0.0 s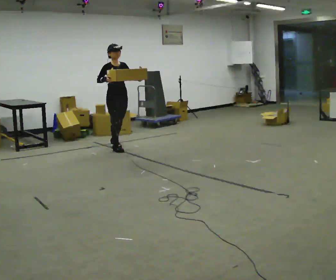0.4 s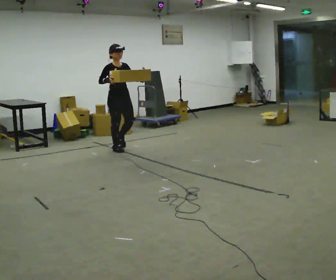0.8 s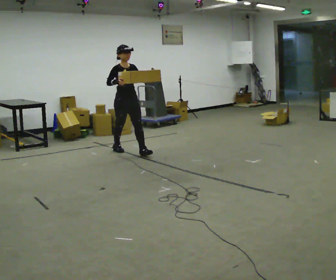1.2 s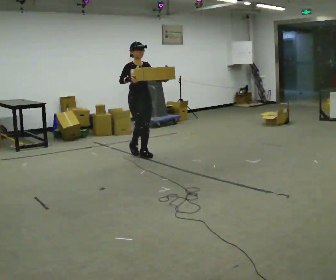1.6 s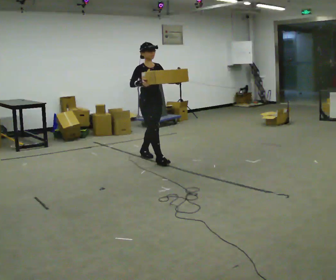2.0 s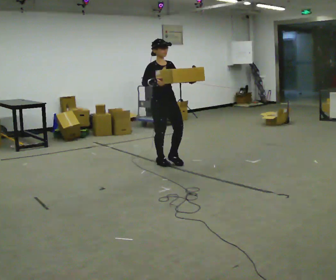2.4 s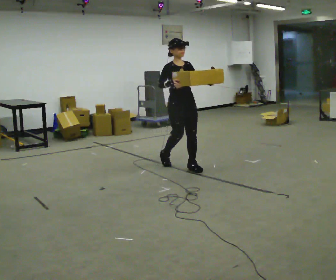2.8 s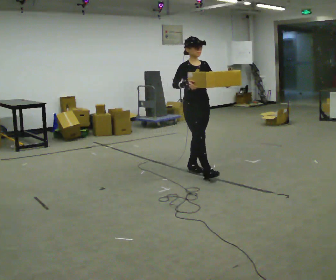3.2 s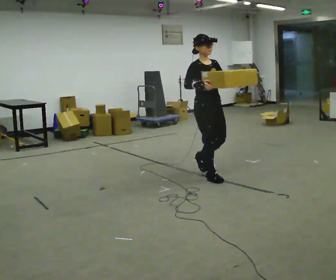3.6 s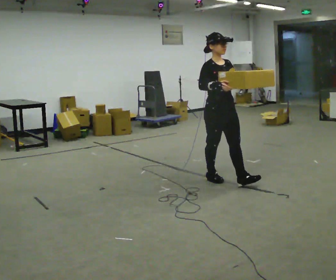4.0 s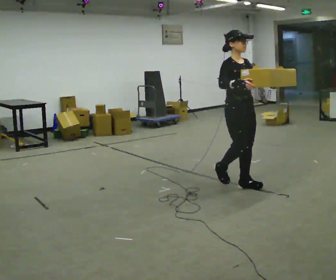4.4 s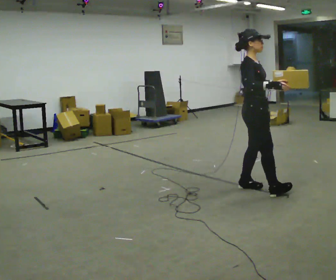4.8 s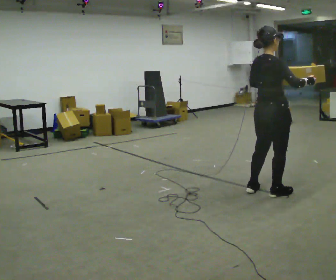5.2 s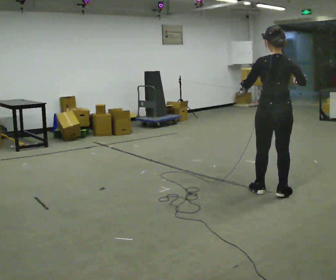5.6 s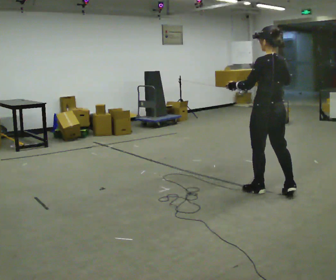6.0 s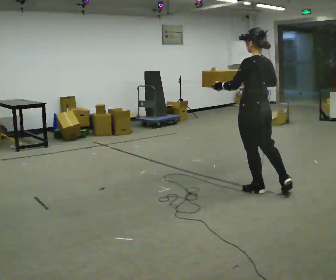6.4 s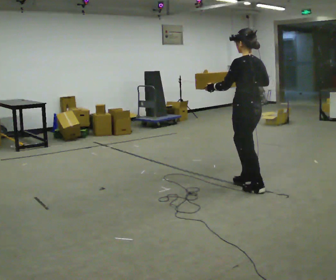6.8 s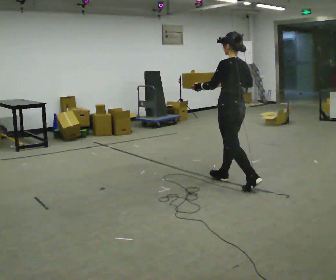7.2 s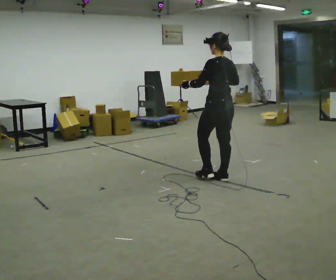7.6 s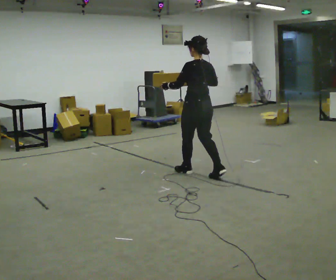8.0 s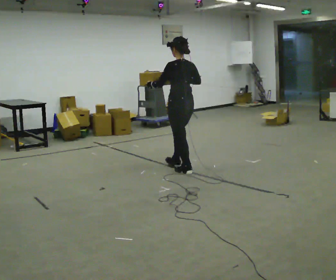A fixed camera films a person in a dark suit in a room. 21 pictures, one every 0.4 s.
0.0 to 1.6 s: In the picture they go to the right and toward the camera, about 1 m in 2 steps, which for them is forward.
1.6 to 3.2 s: In the picture they go toward the camera and to the right, about 1 m in 2 steps, which for them is forward.
3.2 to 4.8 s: The person turns about 75 degrees to their left, counterclockwise seen from above, so the part of the body nearest the lens slides to the right. In the picture they go to the right and toward the camera, about 1 m in 2 steps.
4.8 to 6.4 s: The person turns about 105 degrees to their left, counterclockwise seen from above, so the part of the body nearest the lens slides to the right. In the picture they go to the left, about 0.25 m in 2 steps. In the picture their right hand goes to the left.
6.4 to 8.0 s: In the picture they go to the left and away from the camera, about 1 m in 2 steps, which for them is forward.
The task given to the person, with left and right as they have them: Carry the medium box in both hands in front of you, walking back and forth across the room. Keep walking until the operator says stop.
The film runs forward here.
